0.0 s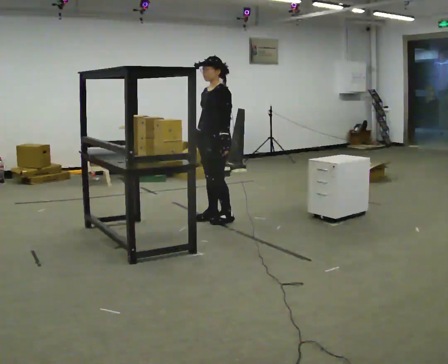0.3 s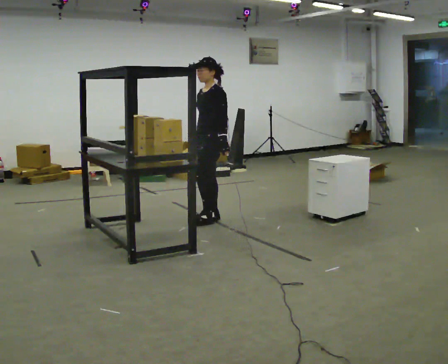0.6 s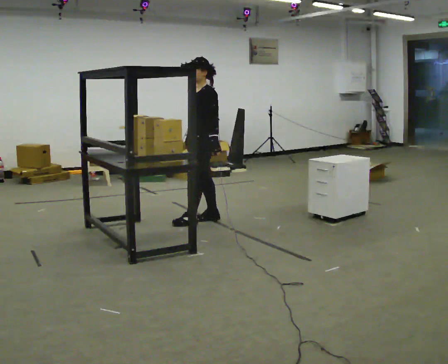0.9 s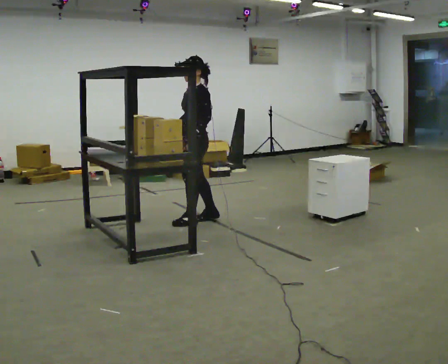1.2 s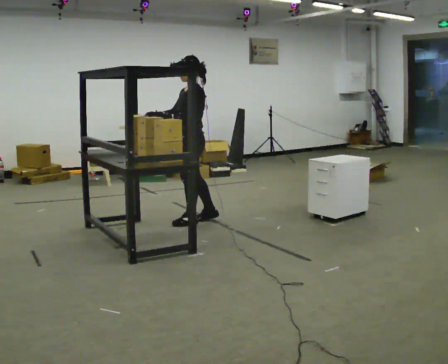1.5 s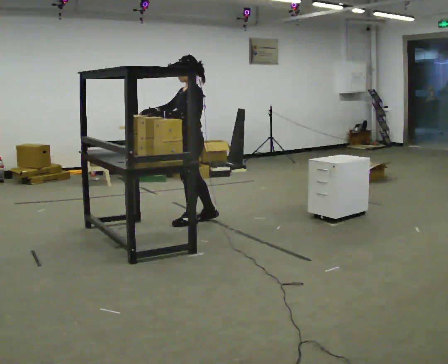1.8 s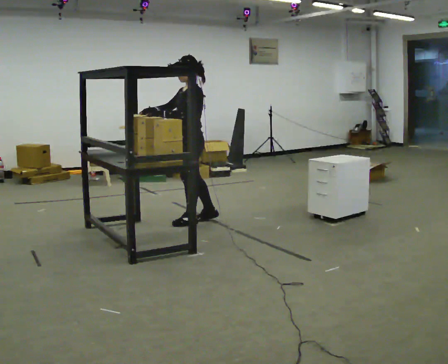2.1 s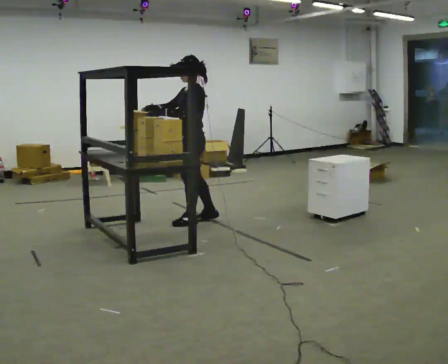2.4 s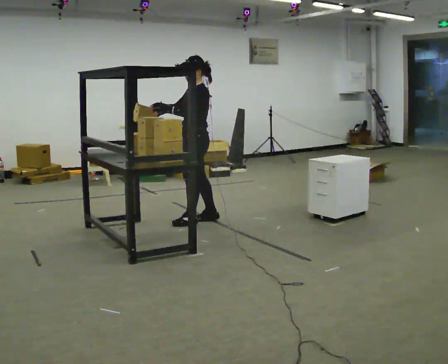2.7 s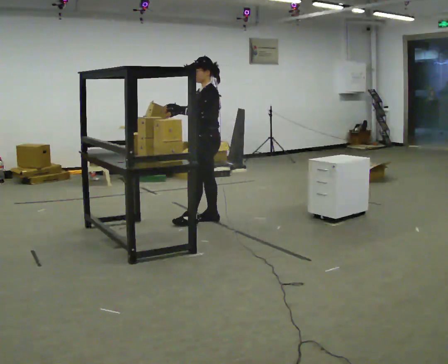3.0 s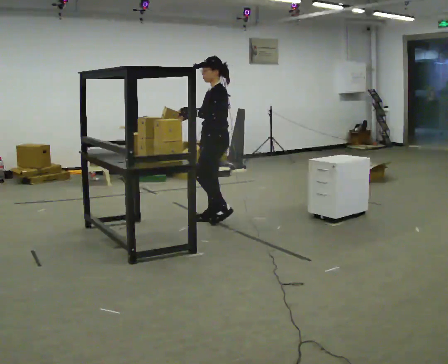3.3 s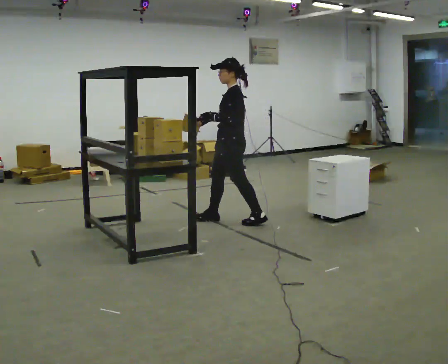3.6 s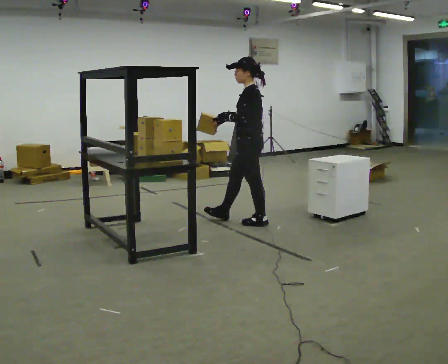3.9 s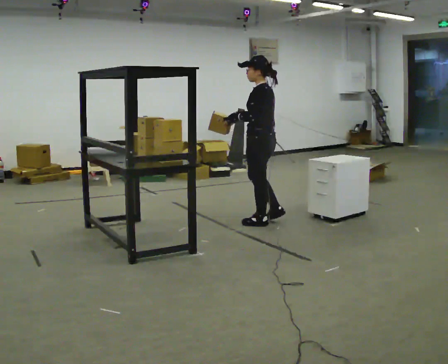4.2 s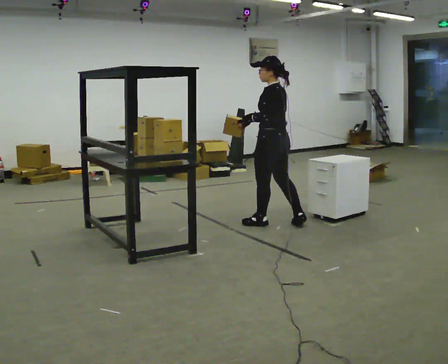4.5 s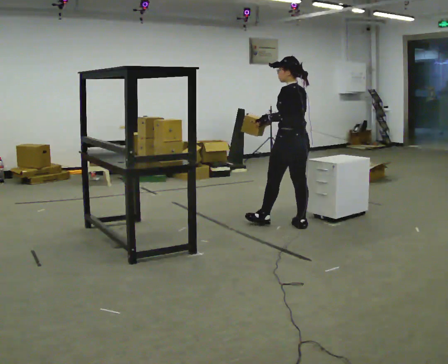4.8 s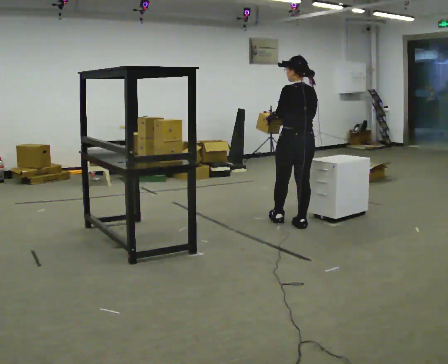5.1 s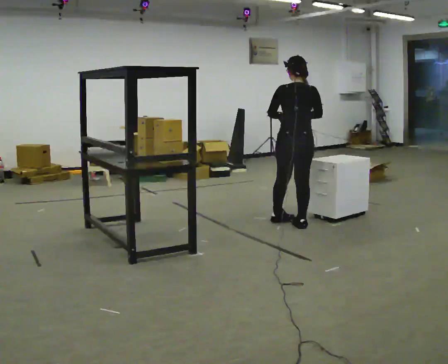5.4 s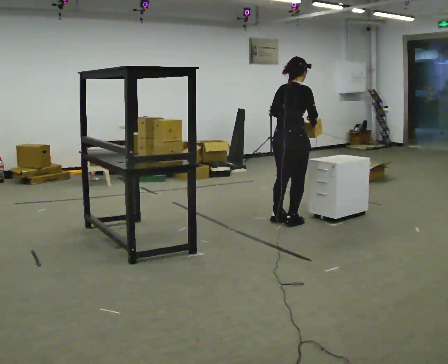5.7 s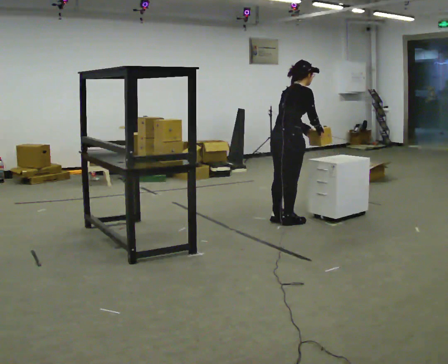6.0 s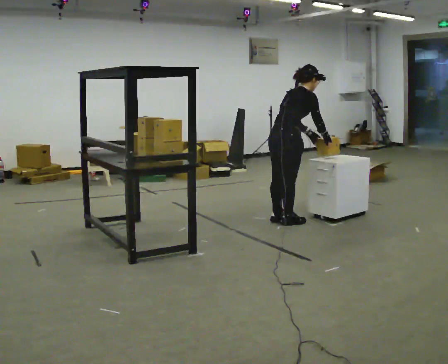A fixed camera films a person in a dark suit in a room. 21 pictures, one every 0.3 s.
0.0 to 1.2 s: In the picture they go to the left, about 0.25 m in 1 step, which for them is forward.
1.2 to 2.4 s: The person moves a little, or ends about where they began.
2.4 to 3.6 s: In the picture they go to the right, about 0.5 m in 2 steps, which for them is backward.
3.6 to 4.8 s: The part of the body nearest the lens slides to the left as the person turns to their right by about 60 degrees. In the picture they go to the right, about 0.5 m, which for them is backward and to their right.
4.8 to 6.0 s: Seen from above the body turns clockwise, about 90 degrees: to their right, with its near side sliding to the left. In the picture the upper body tilts clockwise, shoulders to the right, as they bend forward. In the picture their right hand goes to the right.
The film runs backward here.
